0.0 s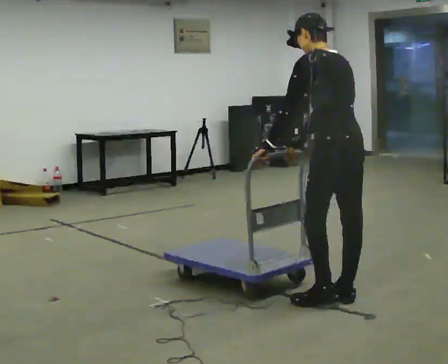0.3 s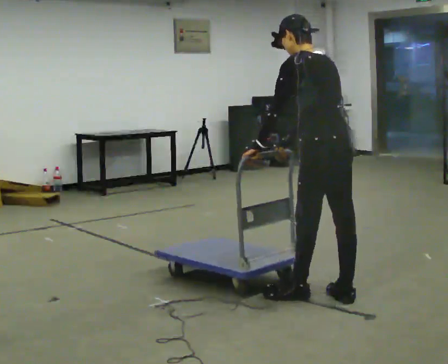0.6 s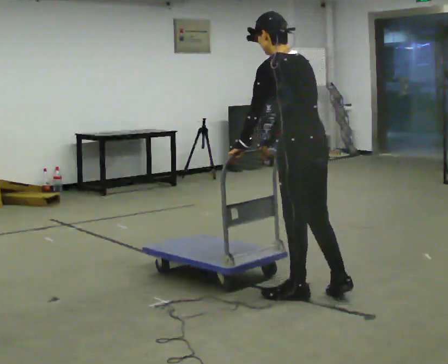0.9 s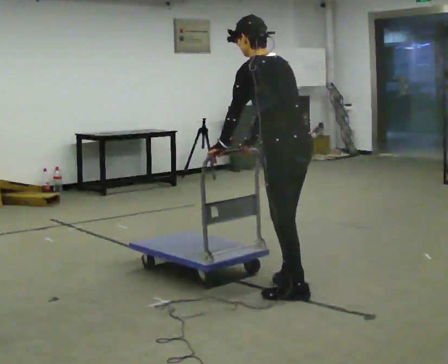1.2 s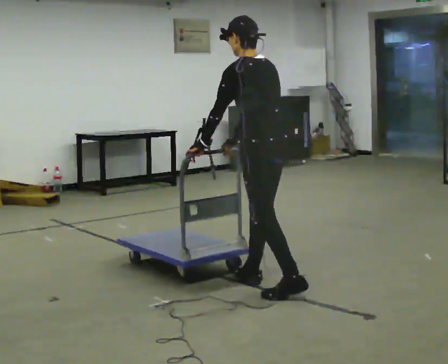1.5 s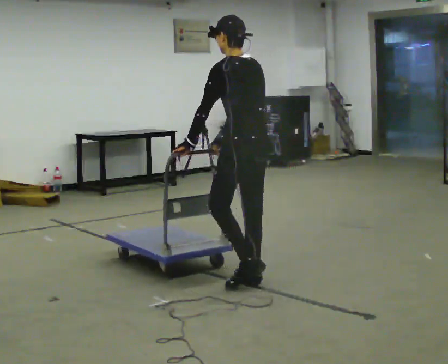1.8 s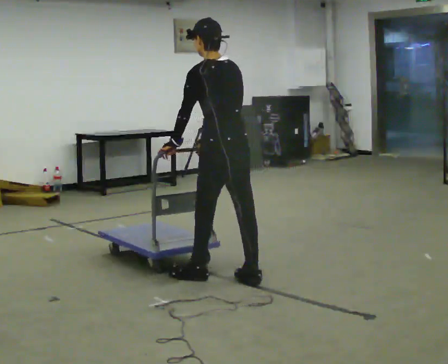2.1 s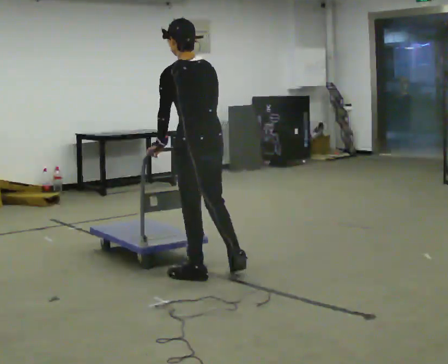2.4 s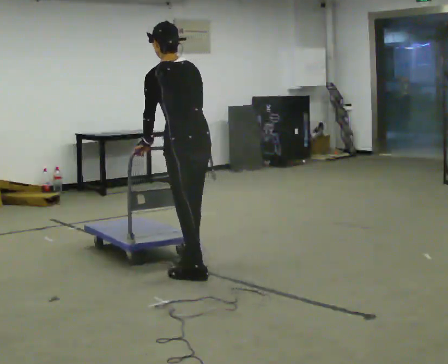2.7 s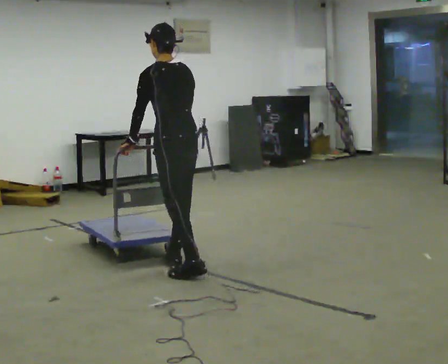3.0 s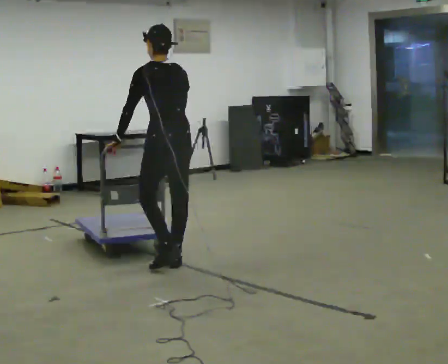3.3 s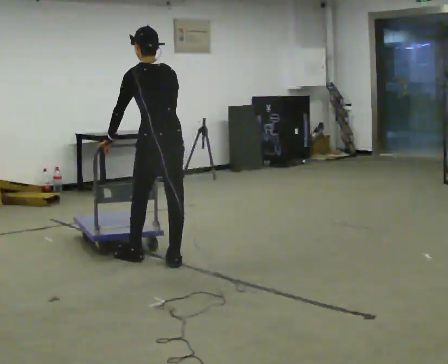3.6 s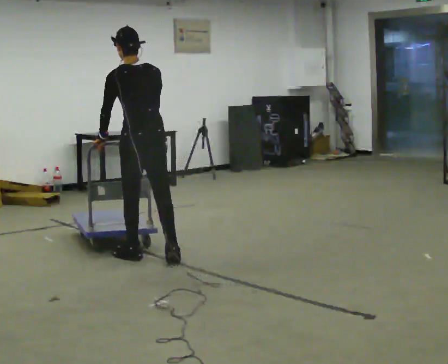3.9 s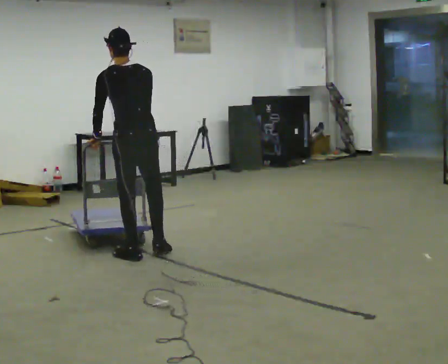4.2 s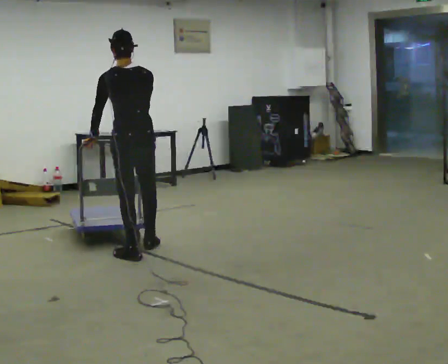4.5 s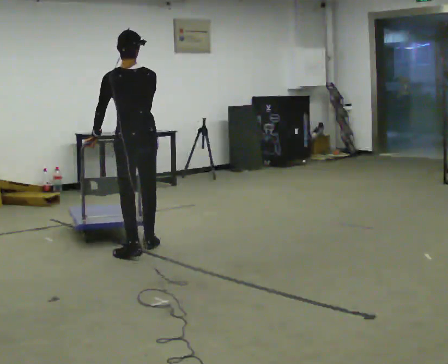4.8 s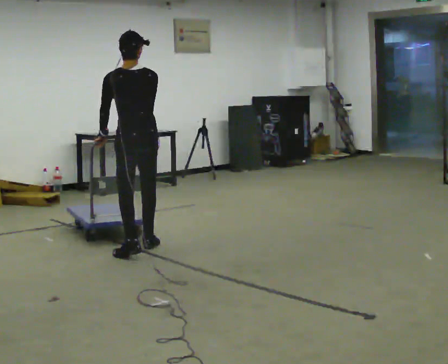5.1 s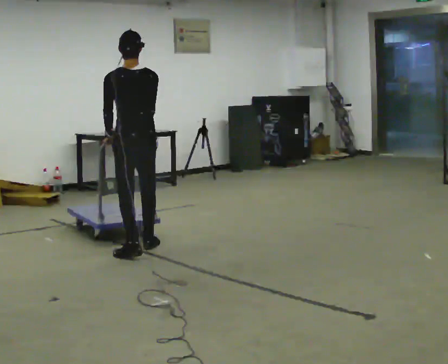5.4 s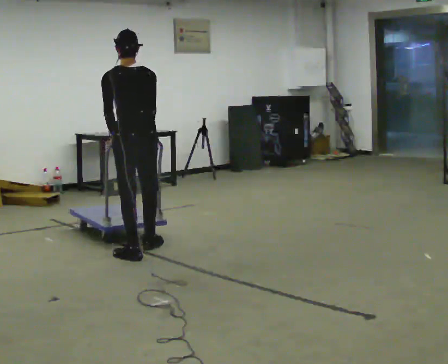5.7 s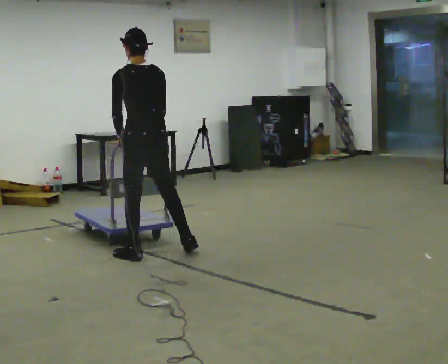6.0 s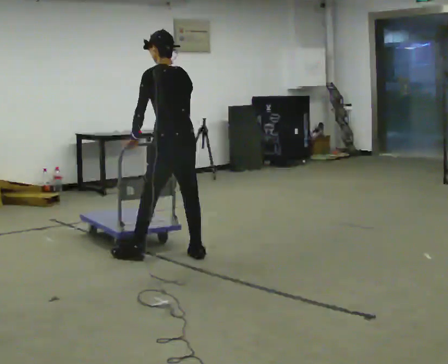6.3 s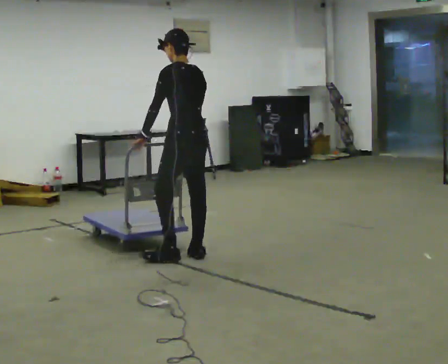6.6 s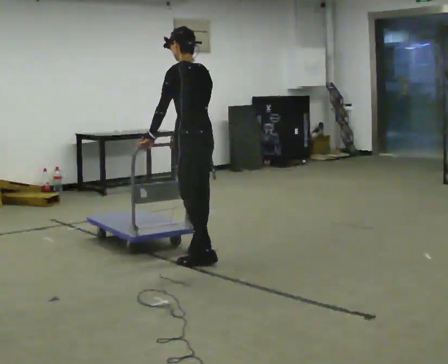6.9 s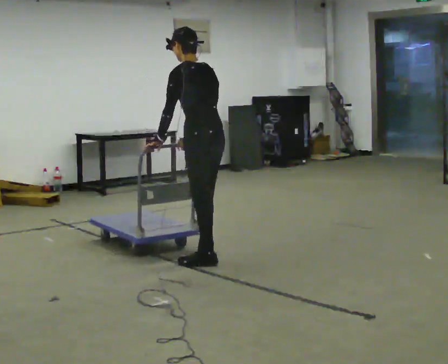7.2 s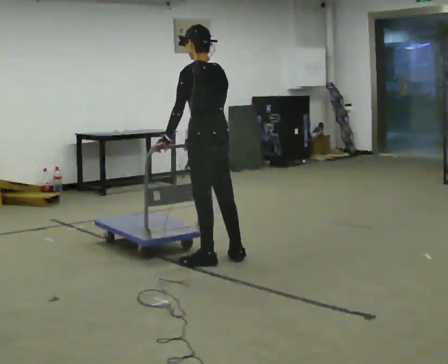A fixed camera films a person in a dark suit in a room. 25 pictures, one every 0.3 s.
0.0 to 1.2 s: In the picture they go away from the camera and to the left, about 0.5 m in 2 steps, which for them is forward.
1.2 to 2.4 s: In the picture they go to the left and away from the camera, about 0.5 m in 1 step, which for them is forward.
2.4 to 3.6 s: In the picture they go away from the camera and to the left, about 0.5 m in 2 steps, which for them is forward.
3.6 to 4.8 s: In the picture they go away from the camera, about 0.25 m in 1 step, which for them is forward.
4.8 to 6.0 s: In the picture they go to the right and toward the camera, about 0.5 m in 1 step, which for them is backward and to their right.
6.0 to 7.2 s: In the picture they go to the right and toward the camera, about 0.25 m in 2 steps, which for them is backward.
The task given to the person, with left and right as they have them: Get the cart into the marked parking space and lined up with the tape. Take as many adjustments as you need. Then take it out again and repeat.
The film runs forward here.
